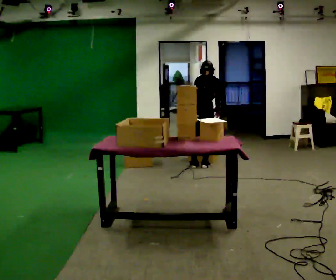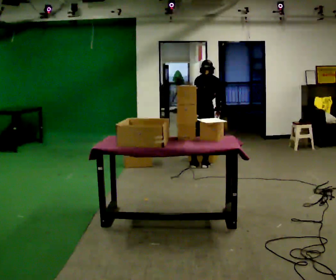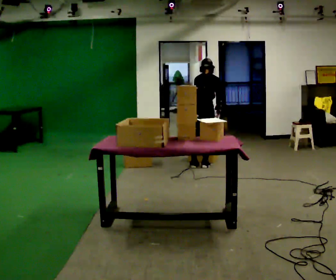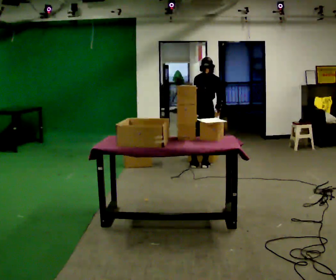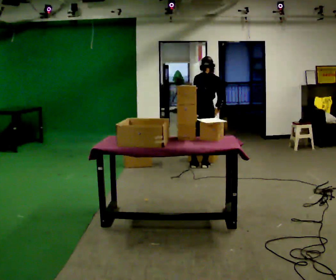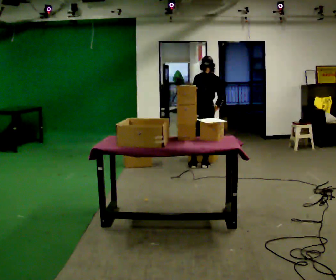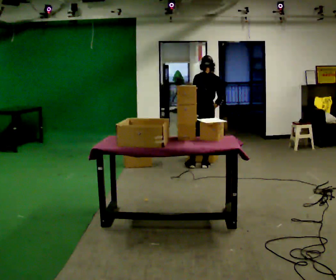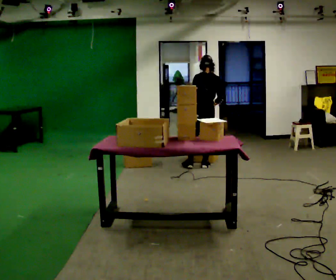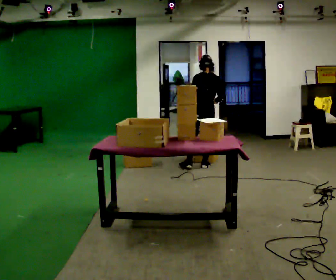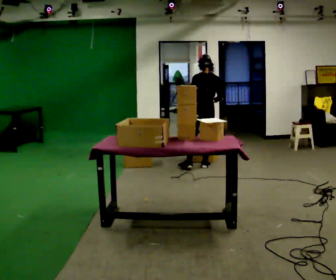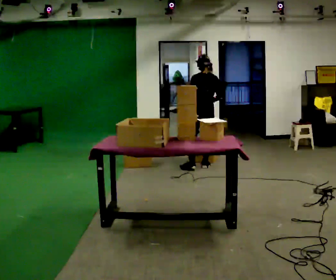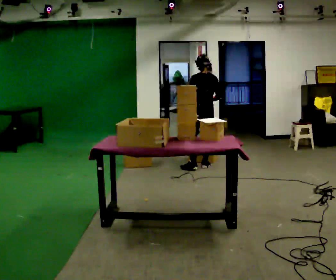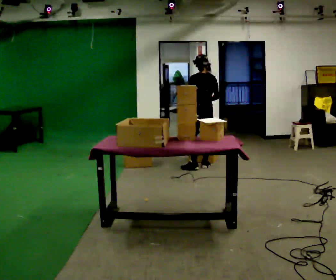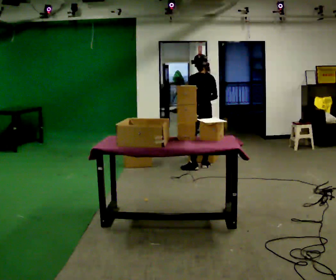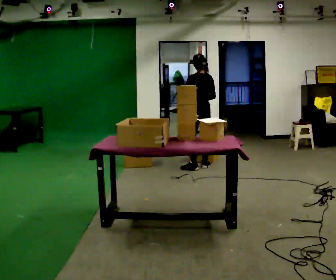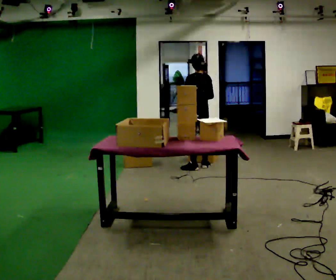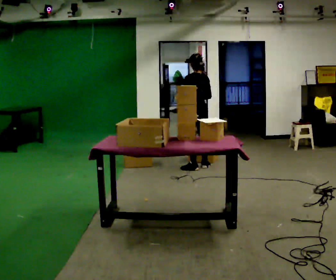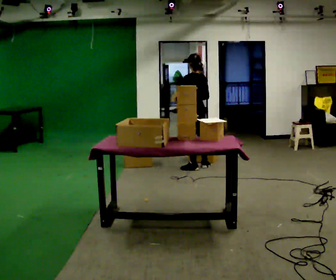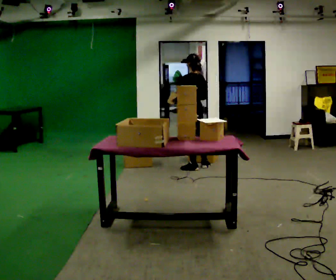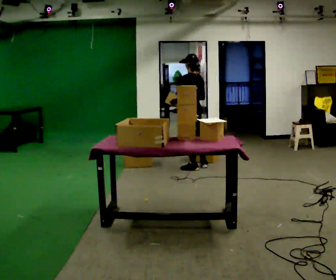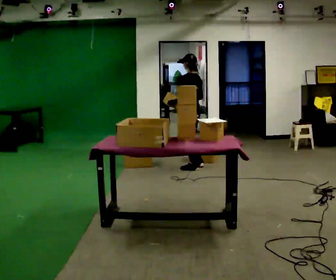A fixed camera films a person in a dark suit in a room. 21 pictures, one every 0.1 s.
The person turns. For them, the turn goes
to their left.
The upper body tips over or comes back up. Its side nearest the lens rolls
downward.
0.0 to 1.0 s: The person turns about 30 degrees to their left, counterclockwise seen from above, so the part of the body nearest the lens slides to the right. The upper body tips toward the camera, its near side rolling downward, as they lean back or straighten.
1.0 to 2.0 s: The part of the body nearest the lens slides to the right as the person turns to their left by about 30 degrees. In the picture they go to the left, about 0.25 m, which for them is to their left.
The film runs forward here.
